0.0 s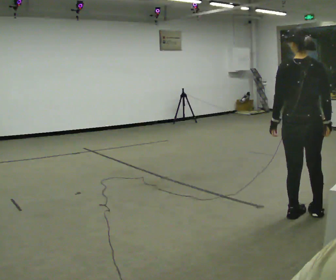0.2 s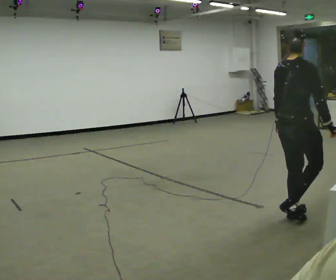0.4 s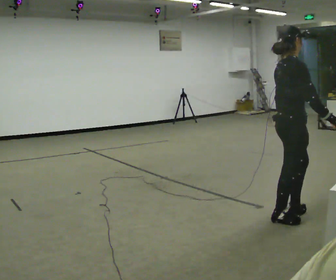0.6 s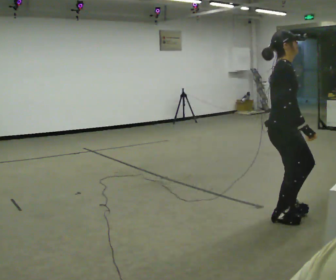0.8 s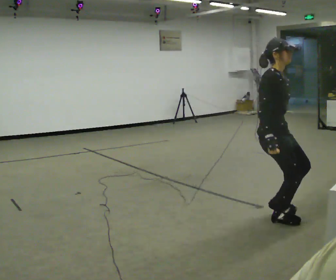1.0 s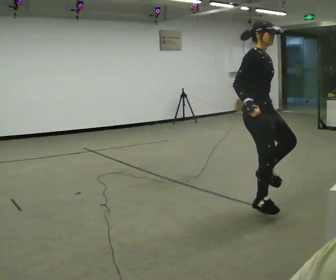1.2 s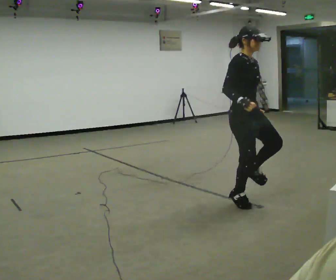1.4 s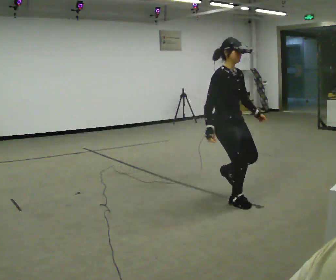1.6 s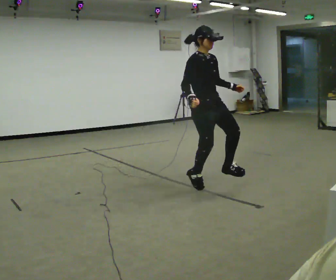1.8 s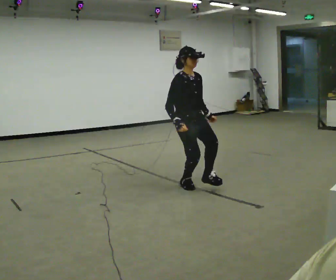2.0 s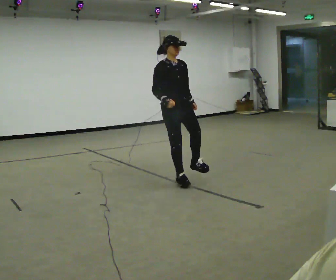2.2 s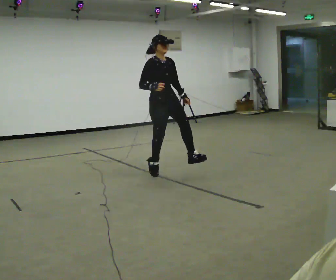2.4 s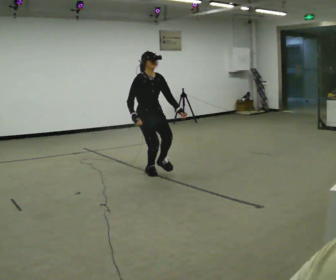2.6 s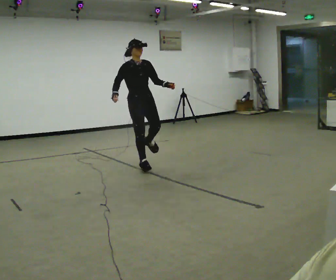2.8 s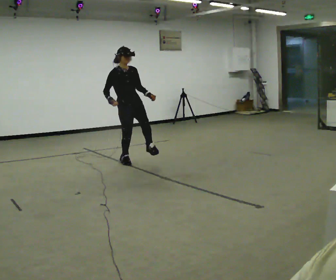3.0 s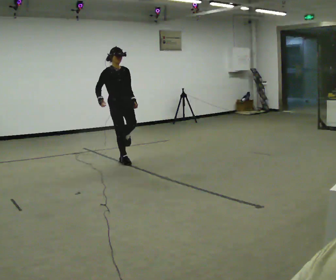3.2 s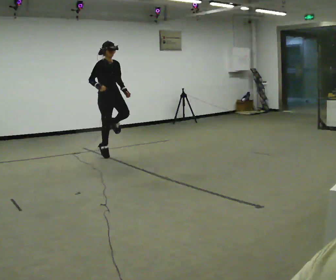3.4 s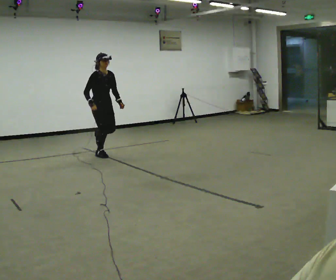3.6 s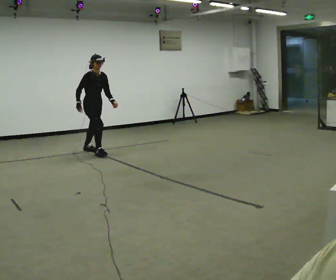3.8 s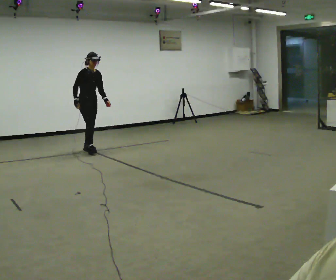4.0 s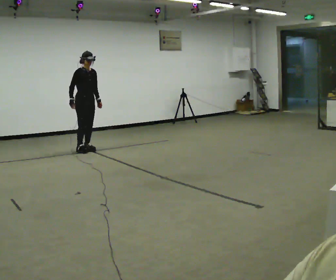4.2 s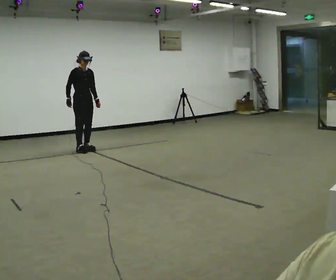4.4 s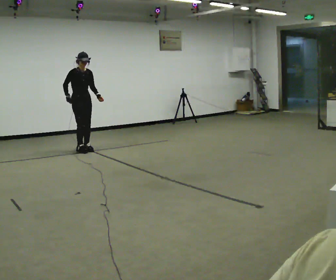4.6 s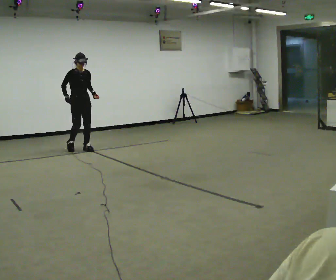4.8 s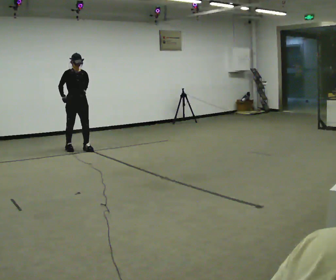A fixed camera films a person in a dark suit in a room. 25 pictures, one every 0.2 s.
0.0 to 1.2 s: The person turns about 105 degrees to their right, clockwise seen from above, so the part of the body nearest the lens slides to the left. In the picture they go to the left and away from the camera, about 0.5 m in 2 steps.
1.2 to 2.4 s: In the picture they go away from the camera and to the left, about 1.5 m in 2 steps, which for them is backward.
2.4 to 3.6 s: In the picture they go away from the camera and to the left, about 1.5 m in 3 steps, which for them is backward.
3.6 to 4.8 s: In the picture they go to the left and away from the camera, about 0.5 m in 1 step, which for them is backward.
The film runs backward here.
